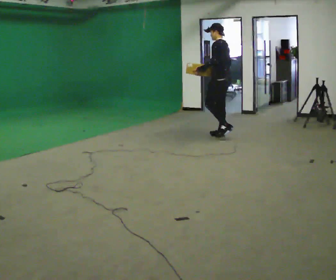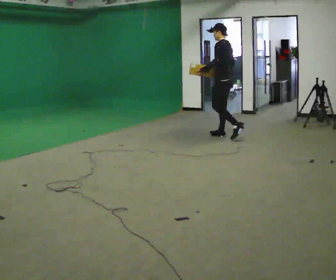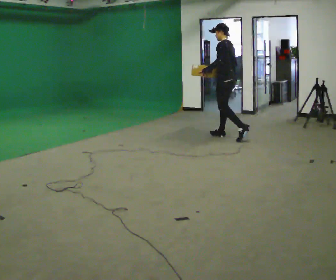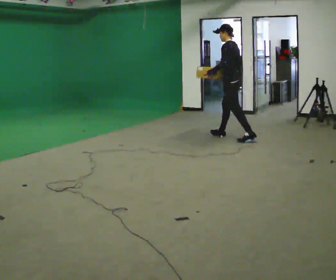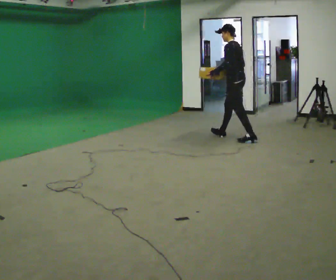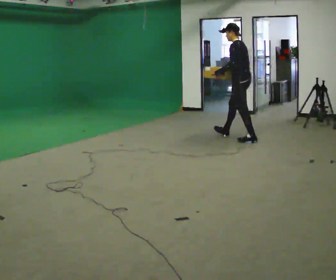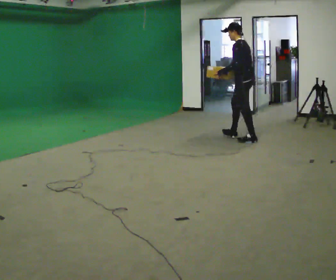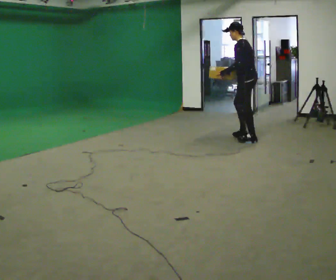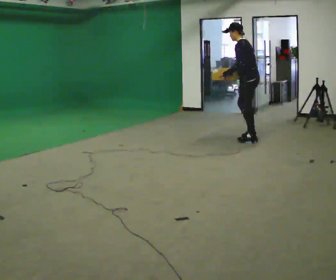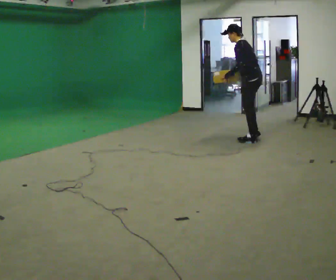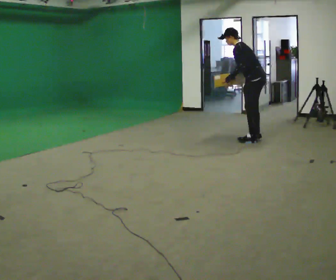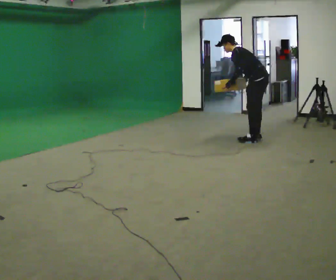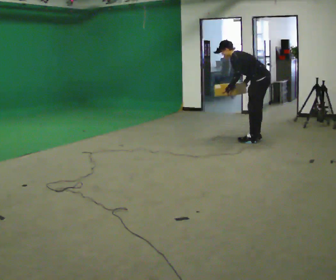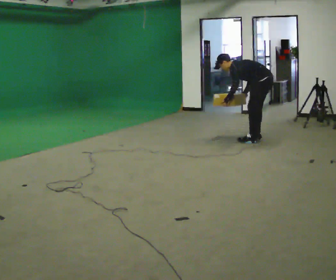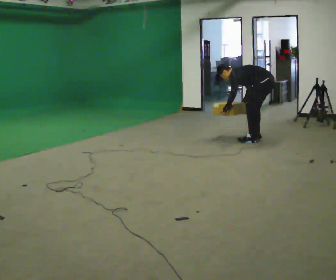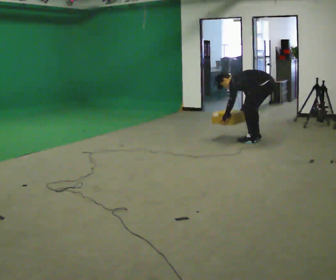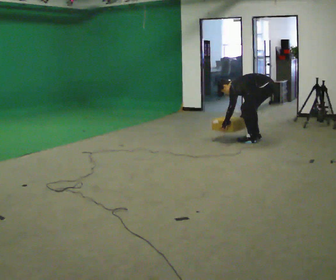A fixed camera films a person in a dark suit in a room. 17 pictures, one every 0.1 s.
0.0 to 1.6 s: In the picture they go to the right and toward the camera, about 0.5 m in 1 step, which for them is backward. The upper body goes downward. In the picture the upper body tilts counterclockwise, shoulders to the left, as they bend forward. In the picture their right hand goes downward.
The film runs backward here.
